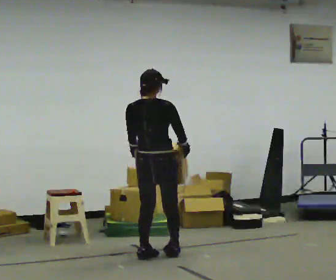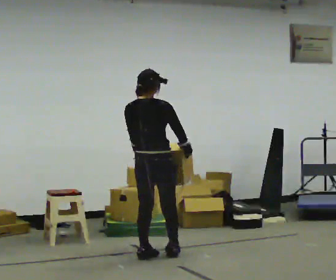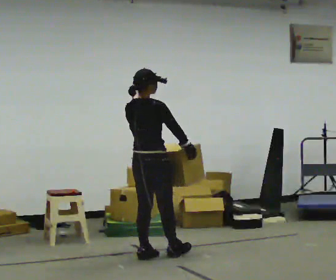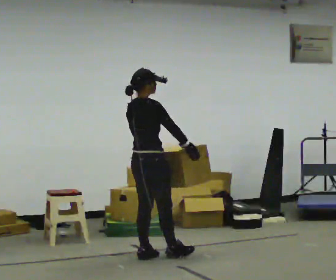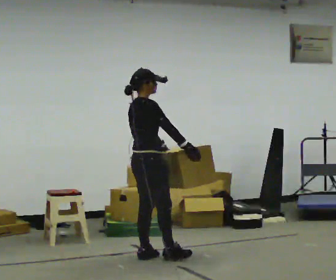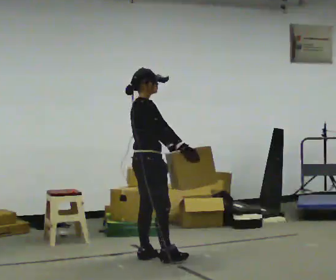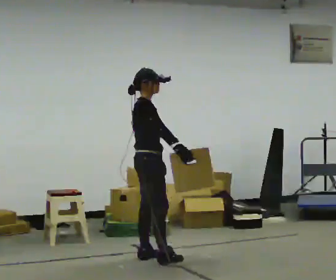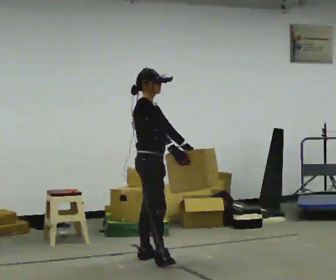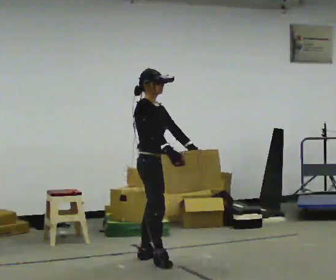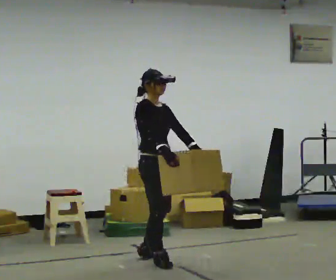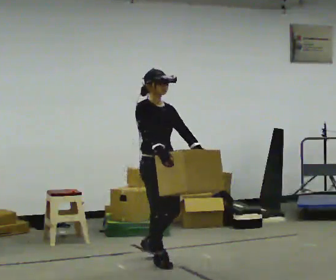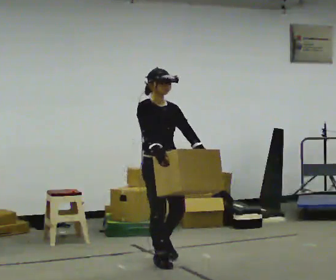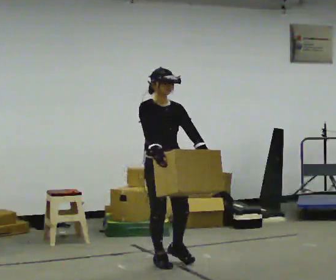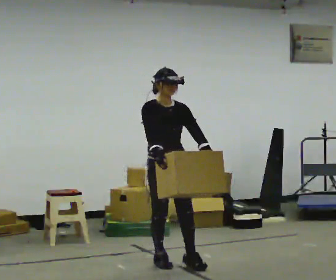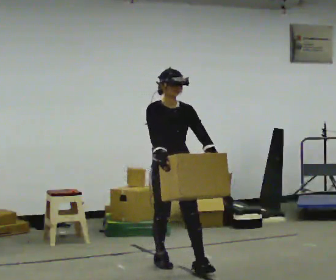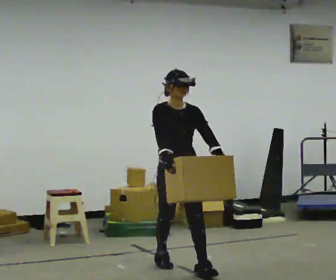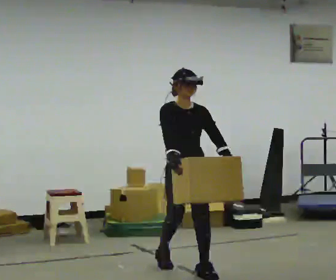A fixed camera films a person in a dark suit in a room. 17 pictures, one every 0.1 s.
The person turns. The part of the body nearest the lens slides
to the left.
The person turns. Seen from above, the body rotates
clockwise.
0.0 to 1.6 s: Seen from above the body turns clockwise, about 150 degrees: to their right, with its near side sliding to the left. In the picture they go toward the camera and to the right, about 0.5 m in 2 steps.
The film runs forward here.
